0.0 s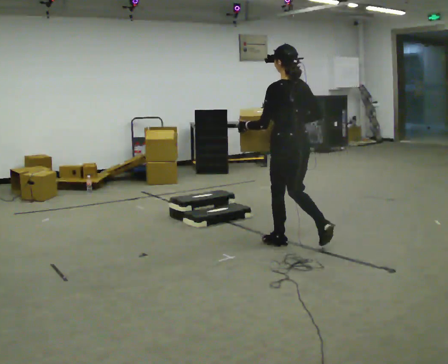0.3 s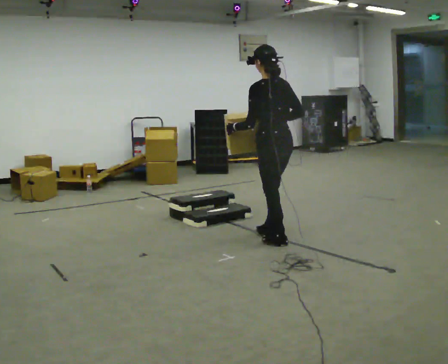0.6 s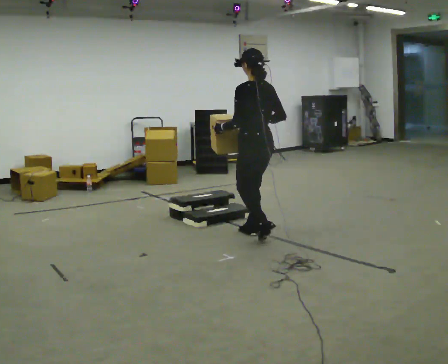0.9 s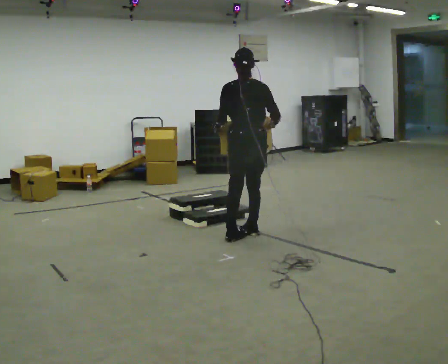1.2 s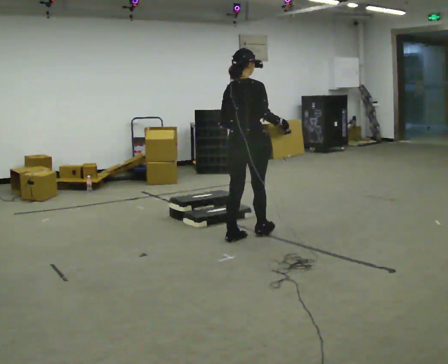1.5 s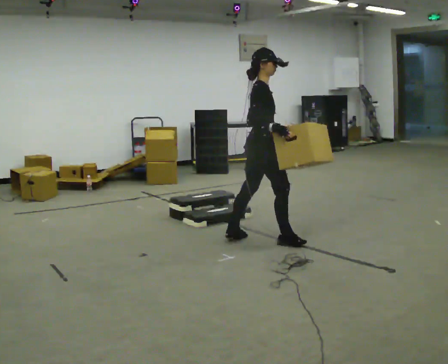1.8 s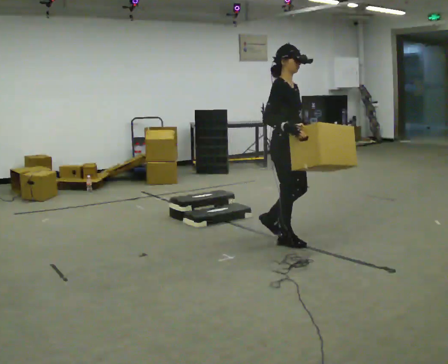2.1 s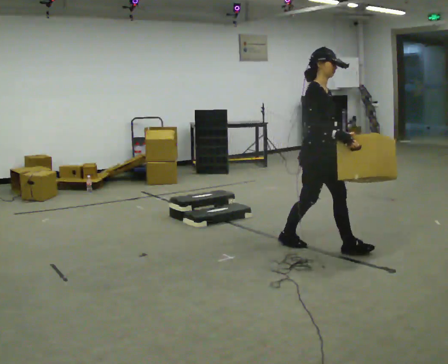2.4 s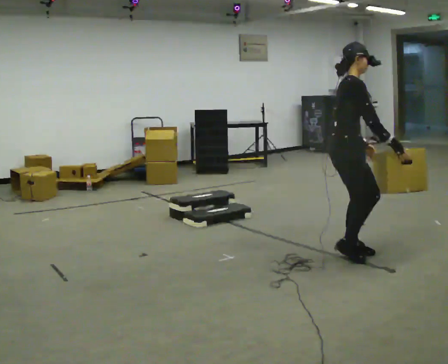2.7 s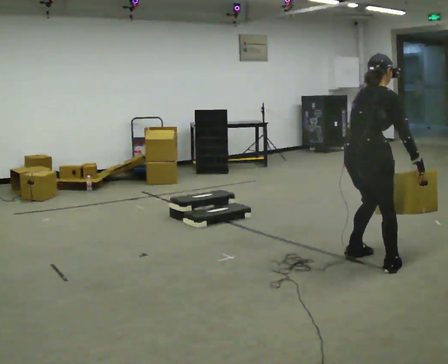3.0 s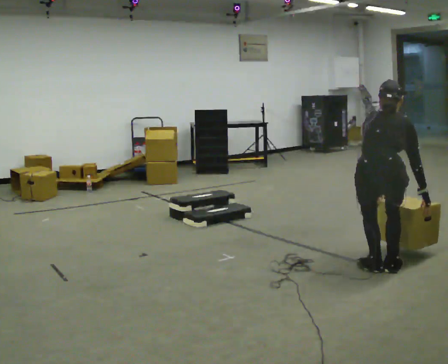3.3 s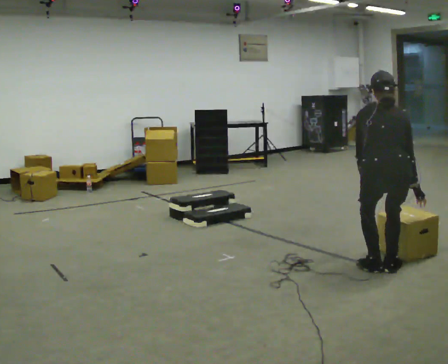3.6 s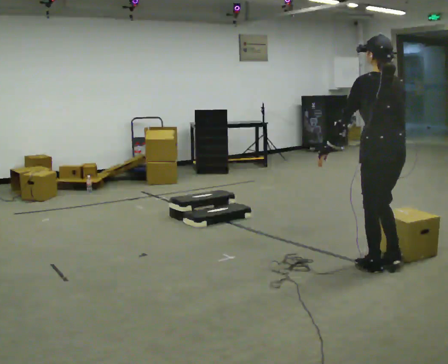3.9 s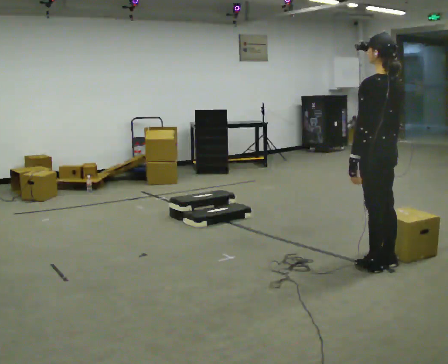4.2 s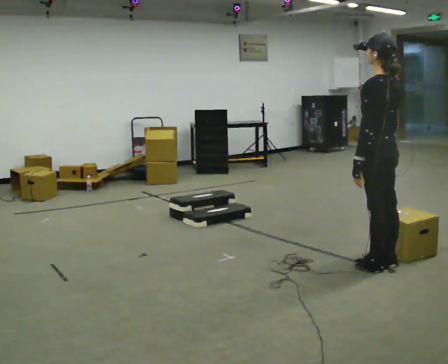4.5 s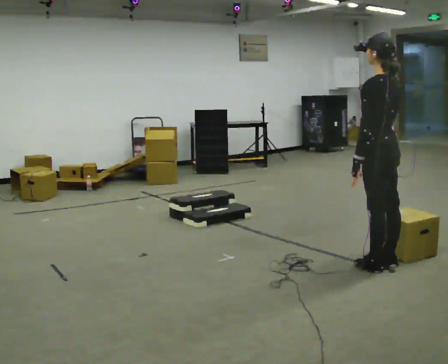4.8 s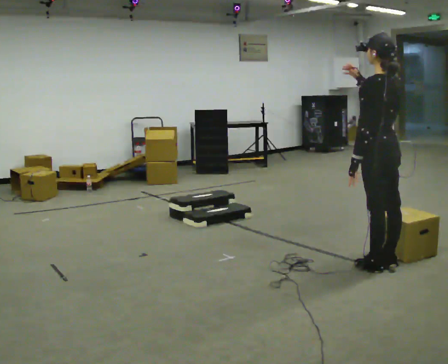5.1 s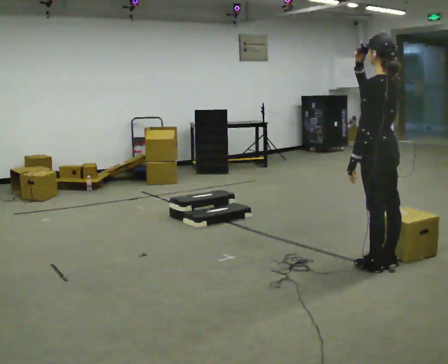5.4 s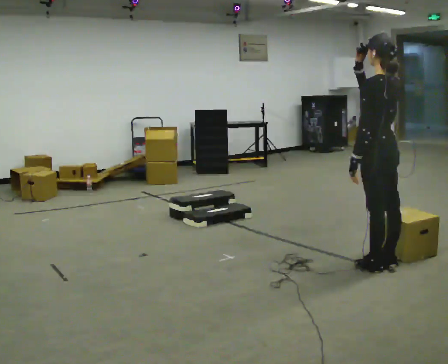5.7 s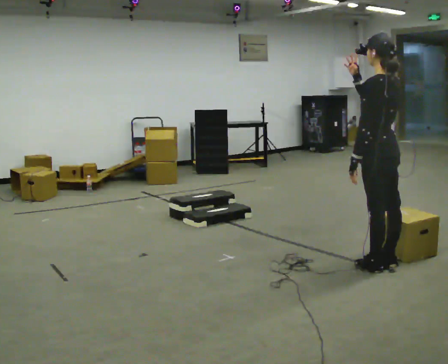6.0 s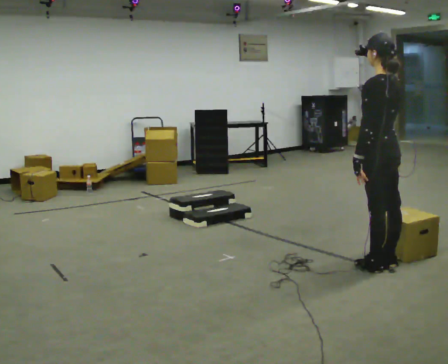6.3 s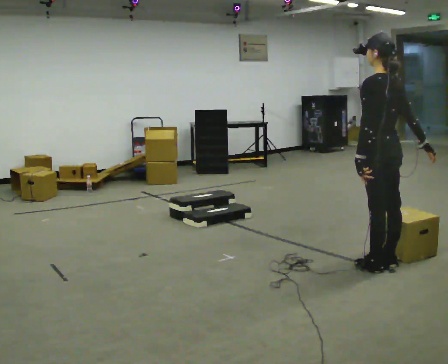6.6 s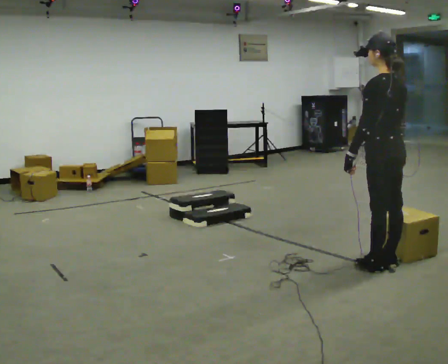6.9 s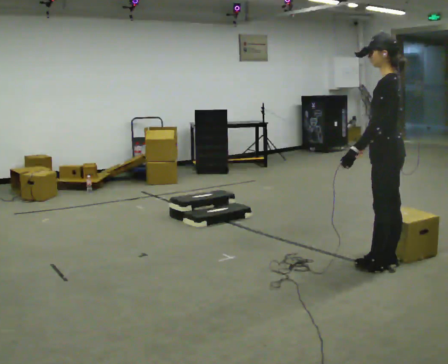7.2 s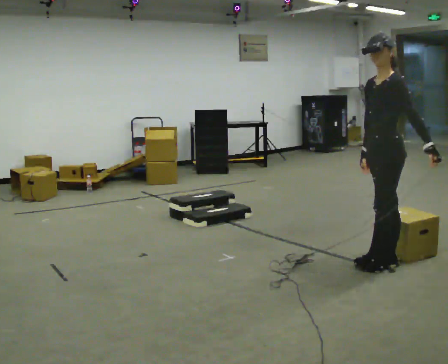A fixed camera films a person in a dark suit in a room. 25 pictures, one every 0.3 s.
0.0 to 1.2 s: The part of the body nearest the lens slides to the left as the person turns to their right by about 75 degrees. In the picture they go to the left, about 0.5 m in 2 steps.
1.2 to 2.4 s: Seen from above the body turns clockwise, about 45 degrees: to their right, with its near side sliding to the left. In the picture they go to the right and toward the camera, about 1 m in 2 steps. In the picture the upper body tilts clockwise, shoulders to the right.
2.4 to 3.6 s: The part of the body nearest the lens slides to the right as the person turns to their left by about 120 degrees. In the picture they go to the right and toward the camera, about 0.25 m in 2 steps.
3.6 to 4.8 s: In the picture their right hand goes upward.
4.8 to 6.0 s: In the picture their right hand goes downward.
6.0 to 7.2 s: The person turns about 45 degrees to their left, counterclockwise seen from above, so the part of the body nearest the lens slides to the right. In the picture their left hand goes to the right.
The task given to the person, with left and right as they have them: Carry the box up the three steps, turn at the top, and carry it back down. Use the handrail only if you need it. Keep going until the operator says stop; one object at a time, and do not rush between trips.
The film runs forward here.
